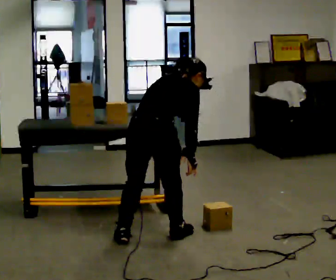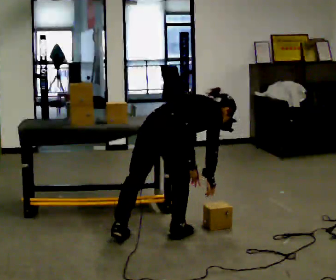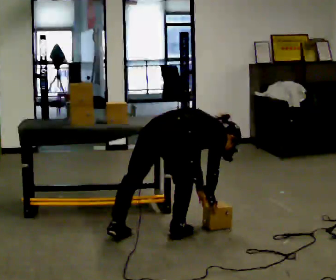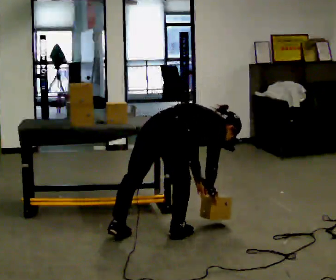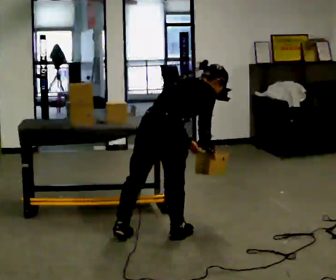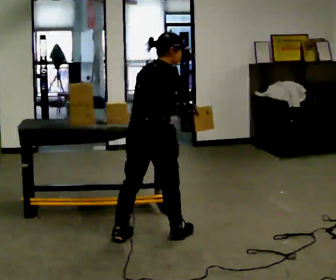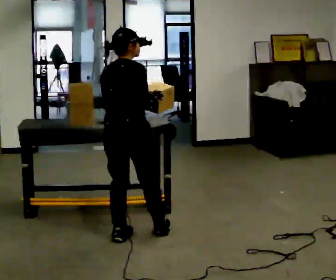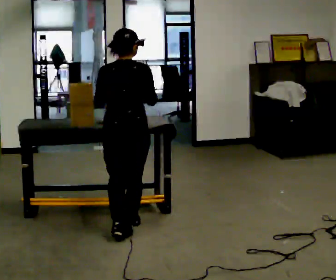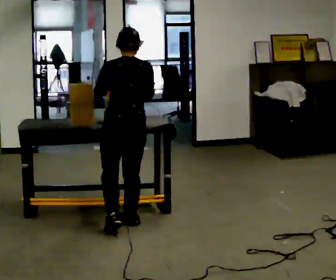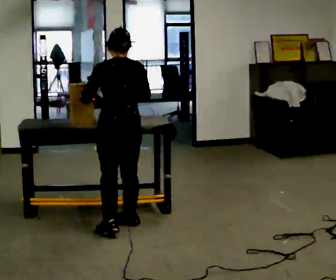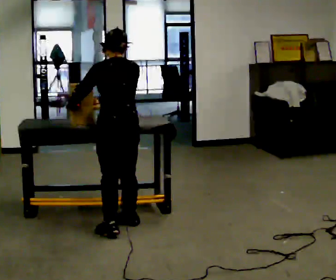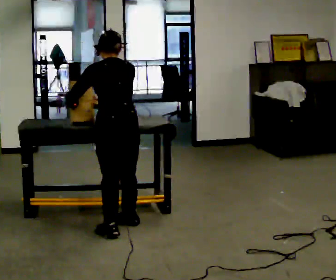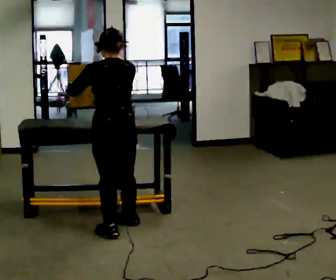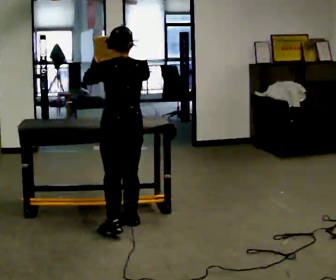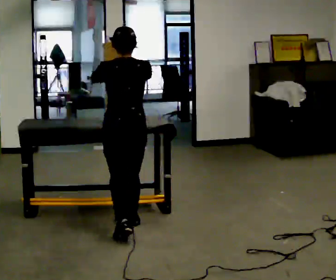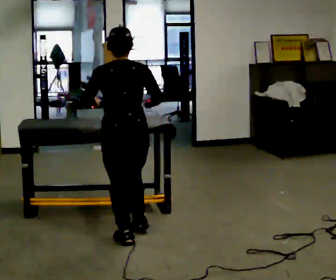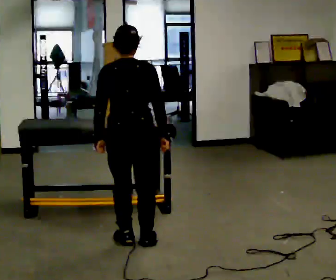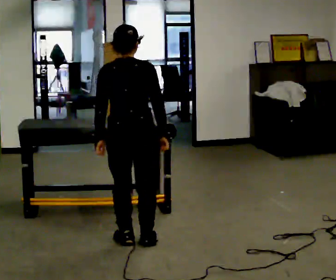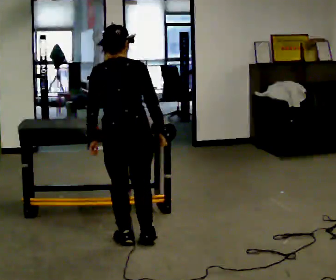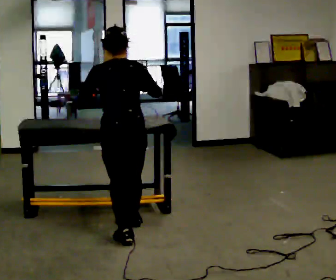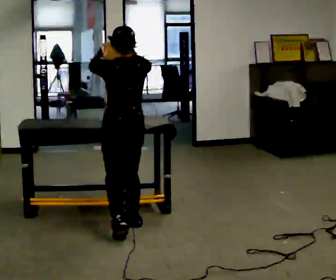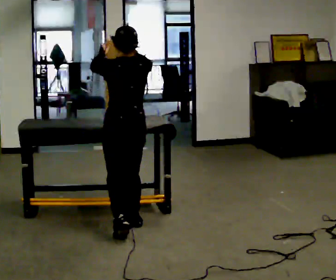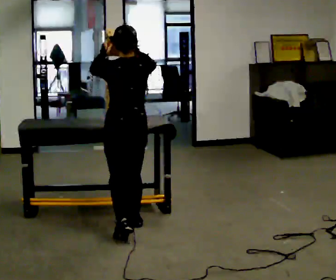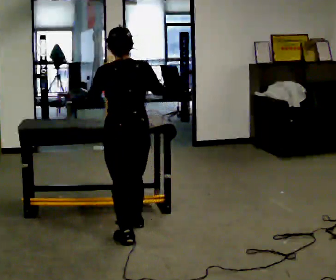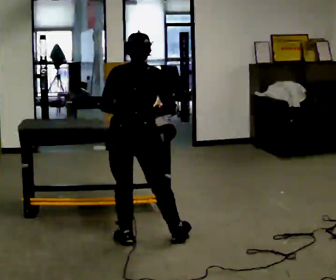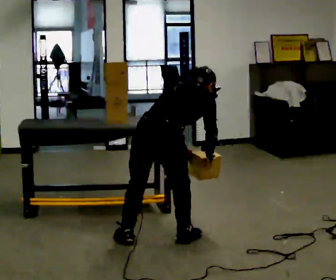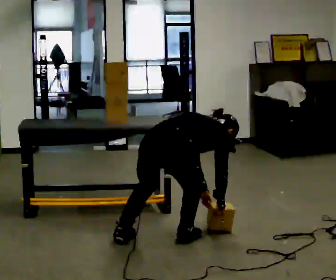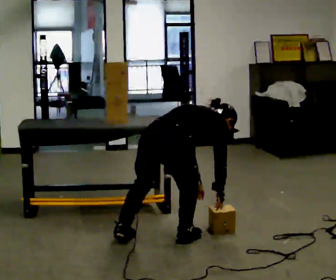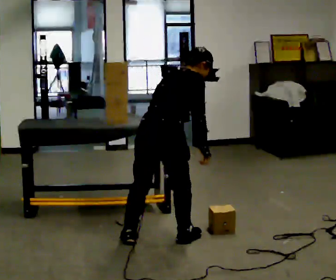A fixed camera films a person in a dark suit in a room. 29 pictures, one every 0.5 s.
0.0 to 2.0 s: The person moves a little, or ends about where they began.
2.0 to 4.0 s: Seen from above the body turns counterclockwise, about 60 degrees: to their left, with its near side sliding to the right. In the picture they go away from the camera and to the left, about 0.5 m in 1 step. In the picture the upper body tilts counterclockwise, shoulders to the left, as they lean back or straighten. In the picture their right hand goes upward.
4.0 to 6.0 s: The person moves a little, or ends about where they began.
6.0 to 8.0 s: In the picture they go toward the camera, about 0.25 m in 2 steps, which for them is backward.
8.0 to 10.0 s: In the picture they go away from the camera, about 0.25 m in 1 step, which for them is forward. In the picture their right hand goes upward.
10.0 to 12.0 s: In the picture they go toward the camera, about 0.25 m in 1 step, which for them is backward. The upper body tips away from the camera, its near side rolling upward, as they bend forward. In the picture their right hand goes downward.
12.0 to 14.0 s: The part of the body nearest the lens slides to the left as the person turns to their right by about 45 degrees. In the picture they go to the right, about 0.25 m, which for them is to their right.
The film runs backward here.
